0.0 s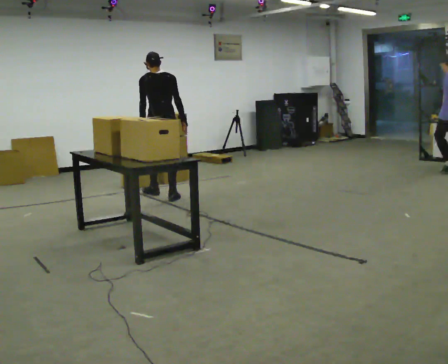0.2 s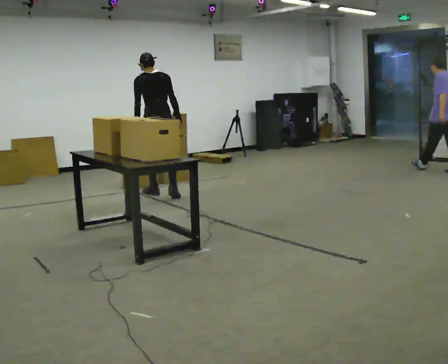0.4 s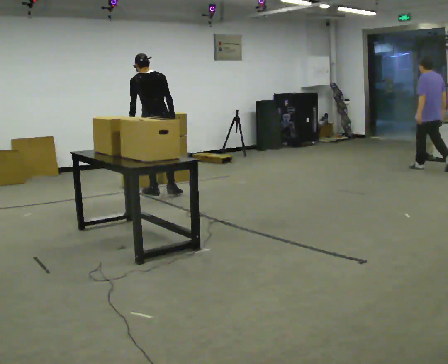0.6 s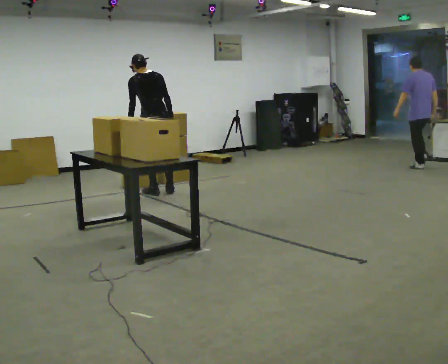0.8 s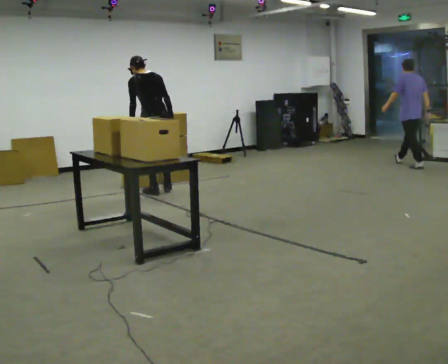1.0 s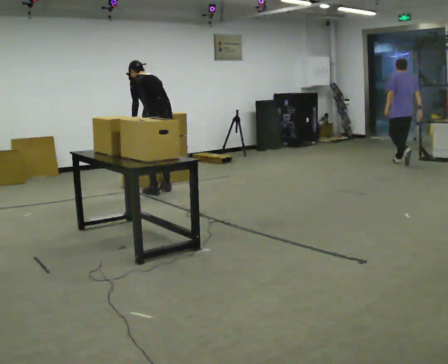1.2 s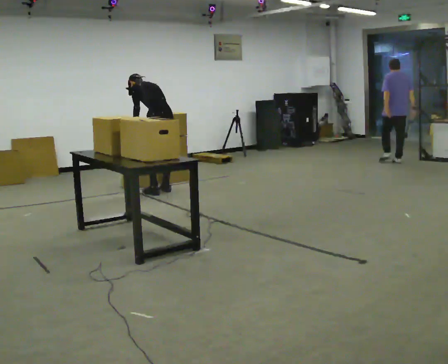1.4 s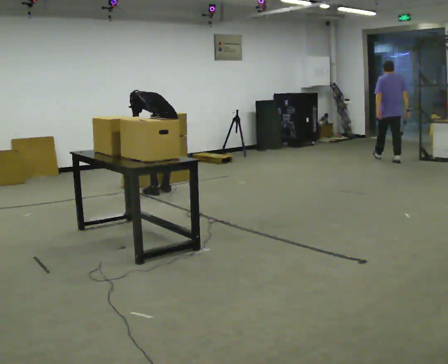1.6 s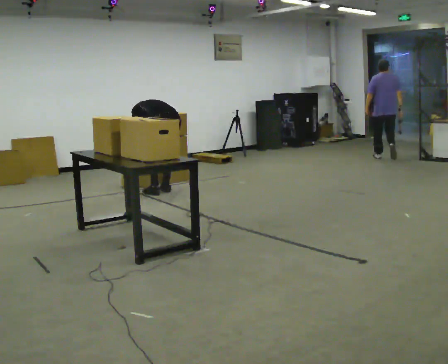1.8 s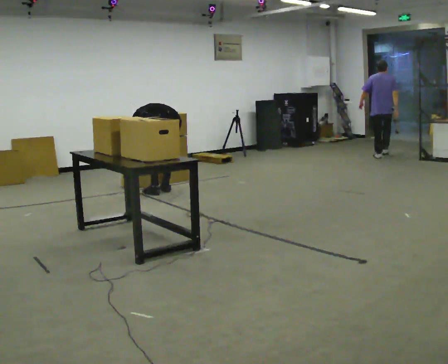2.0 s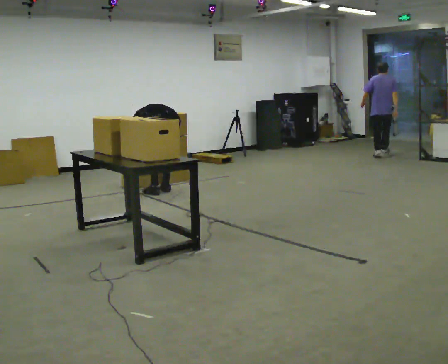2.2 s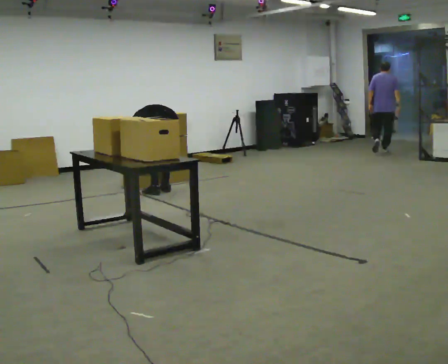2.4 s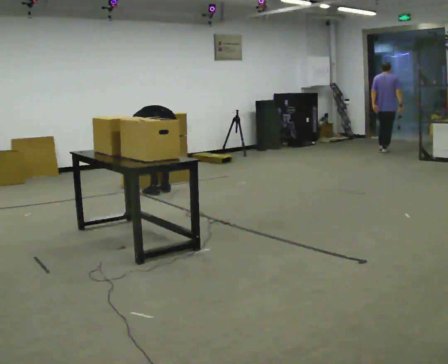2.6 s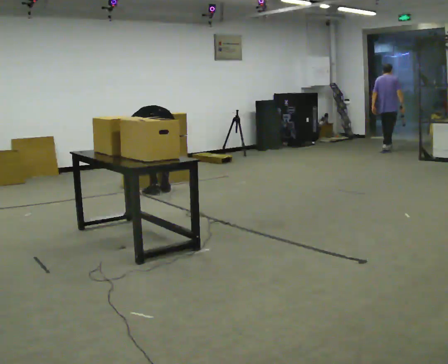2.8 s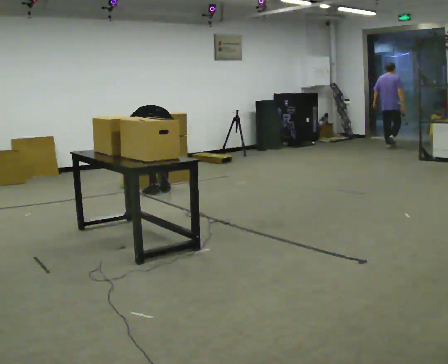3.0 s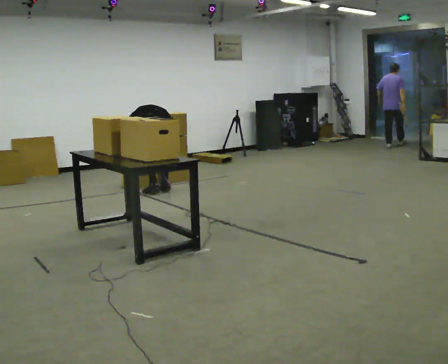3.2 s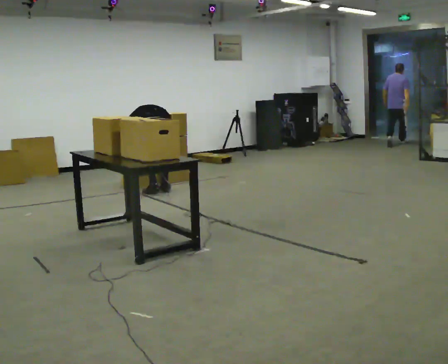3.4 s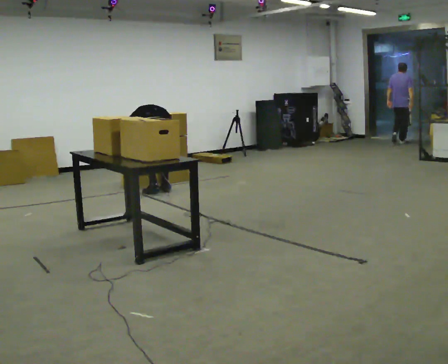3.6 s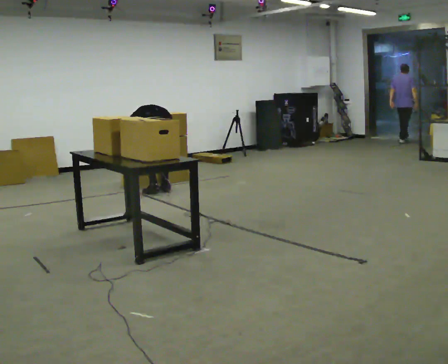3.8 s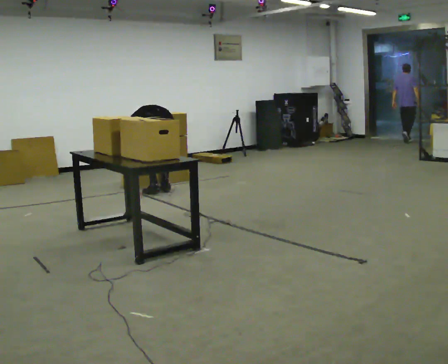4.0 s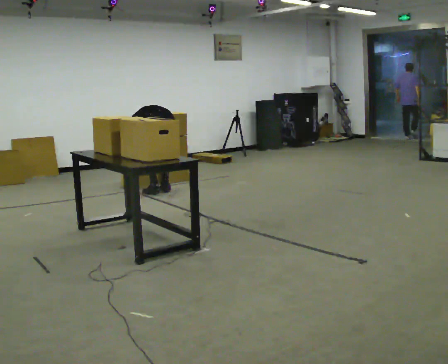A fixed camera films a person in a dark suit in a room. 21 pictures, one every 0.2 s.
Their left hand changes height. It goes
downward.
Their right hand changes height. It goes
downward.
0.0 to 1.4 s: The person turns about 45 degrees to their left, counterclockwise seen from above, so the part of the body nearest the lens slides to the right. In the picture they go away from the camera, about 0.25 m in 1 step, which for them is forward and to their right. The shoulders move downward. The upper body tips away from the camera, its near side rolling upward, as they bend forward. In the picture their right hand goes downward.
1.4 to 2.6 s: The shoulders move downward. The upper body tips away from the camera, its near side rolling upward, as they bend forward.
2.6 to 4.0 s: The person moves a little, or ends about where they began.
The film runs forward here.
